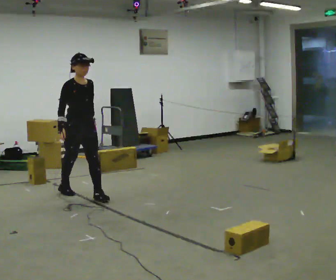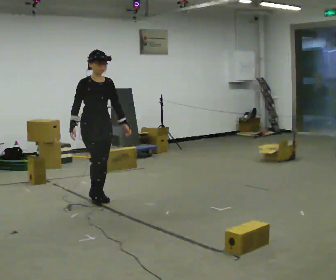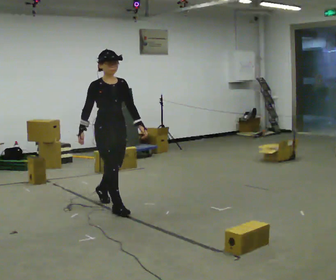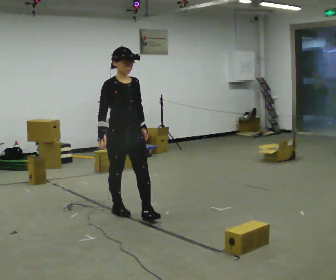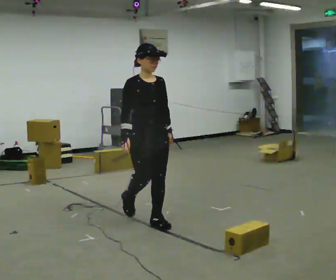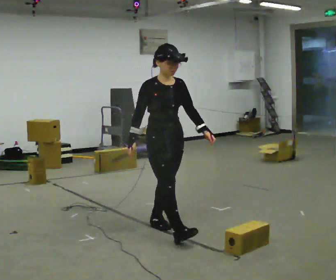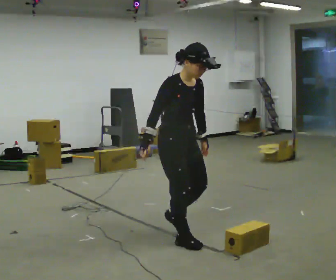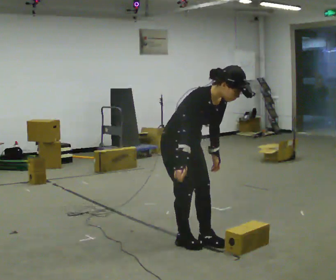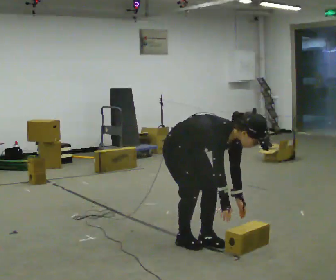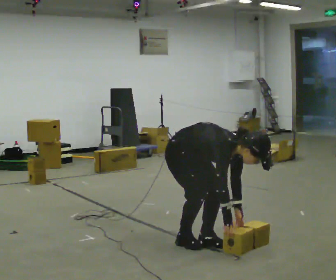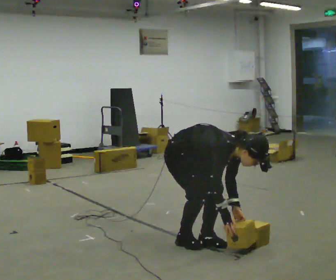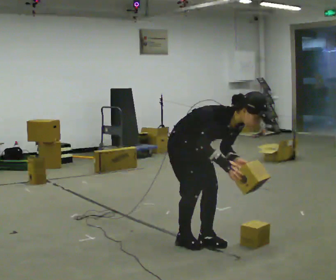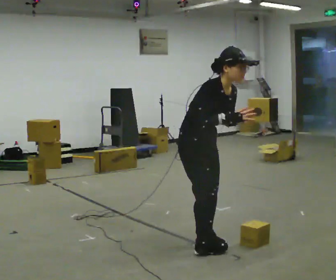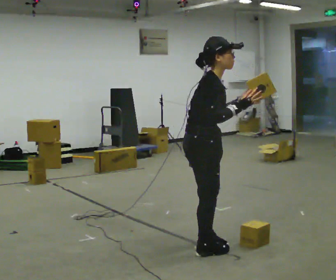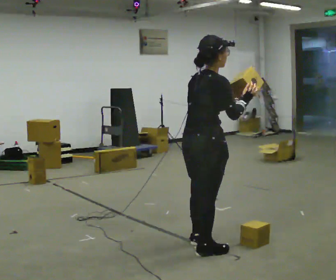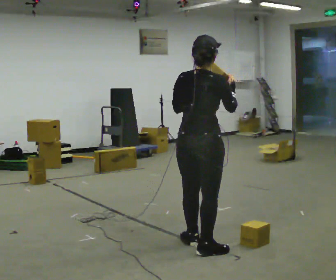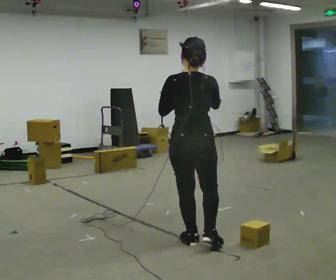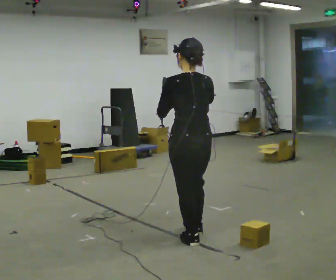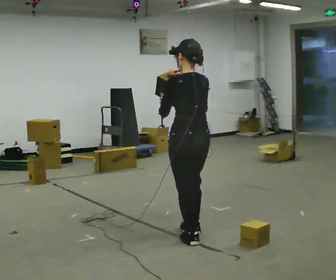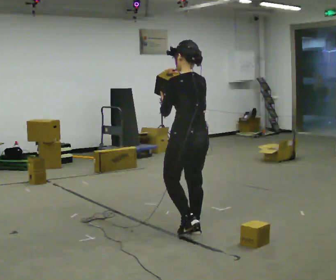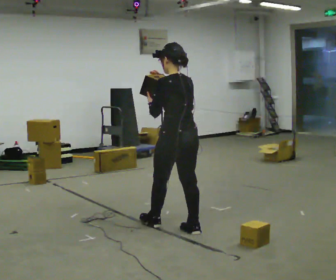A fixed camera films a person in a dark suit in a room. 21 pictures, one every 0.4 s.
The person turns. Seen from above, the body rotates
counterclockwise.
The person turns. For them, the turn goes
to their left.
0.0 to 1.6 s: In the picture they go to the right and toward the camera, about 1.5 m in 2 steps, which for them is forward.
1.6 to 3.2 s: In the picture they go toward the camera and to the right, about 0.5 m in 2 steps, which for them is forward. The shoulders move downward. In the picture the upper body tilts clockwise, shoulders to the right, as they bend forward. In the picture their right hand goes downward.
3.2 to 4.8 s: In the picture their right hand goes upward.
4.8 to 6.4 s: The person turns about 120 degrees to their left, counterclockwise seen from above, so the part of the body nearest the lens slides to the right. In the picture the upper body tilts counterclockwise, shoulders to the left, as they lean back or straighten.
6.4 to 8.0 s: Seen from above the body turns counterclockwise, about 30 degrees: to their left, with its near side sliding to the right. In the picture they go away from the camera, about 0.5 m in 2 steps, which for them is forward.
The film runs forward here.
